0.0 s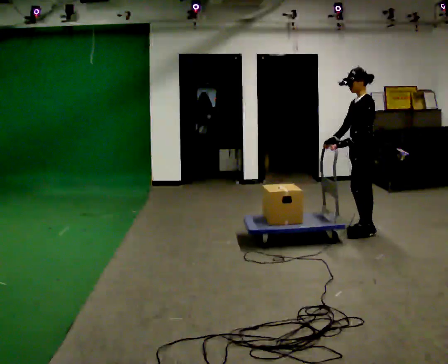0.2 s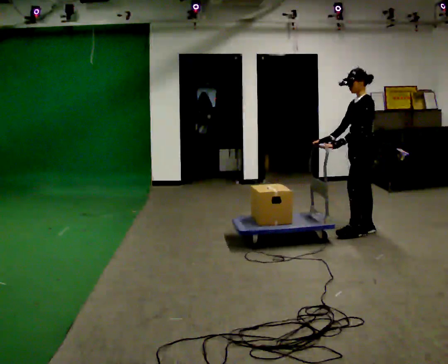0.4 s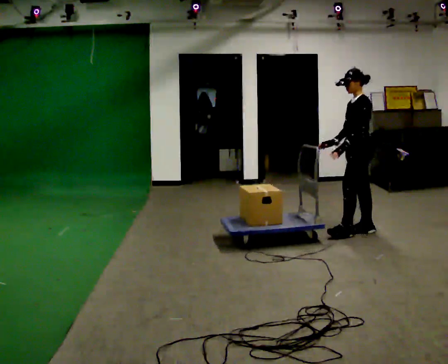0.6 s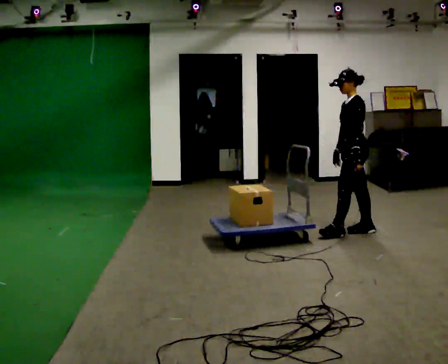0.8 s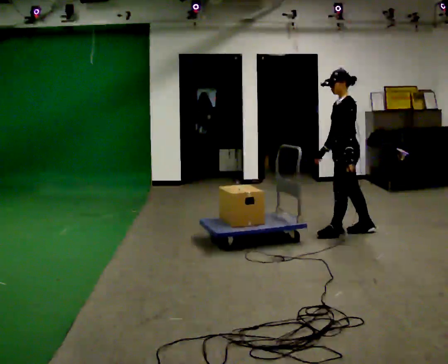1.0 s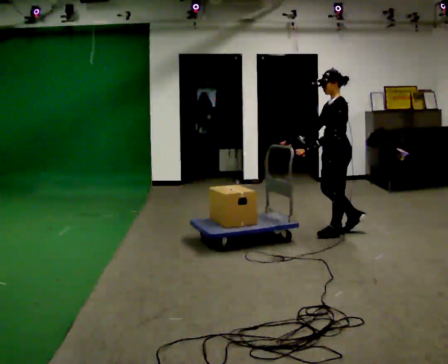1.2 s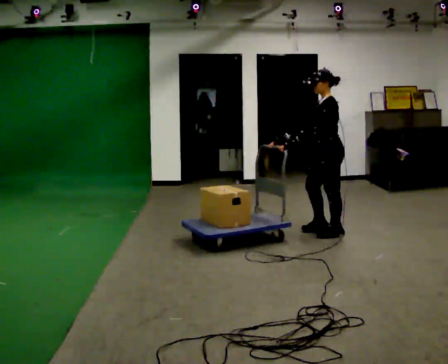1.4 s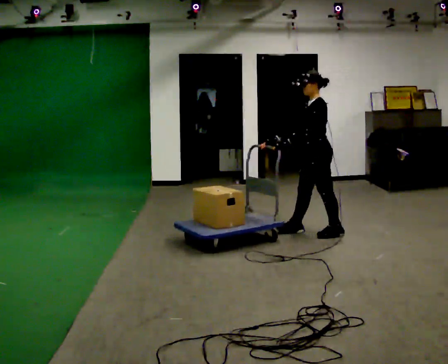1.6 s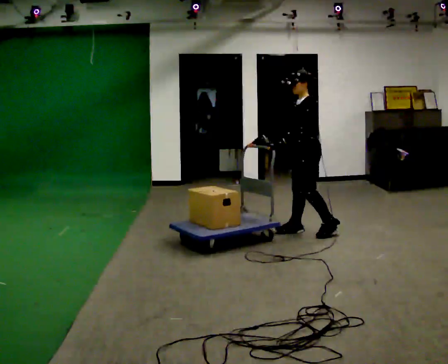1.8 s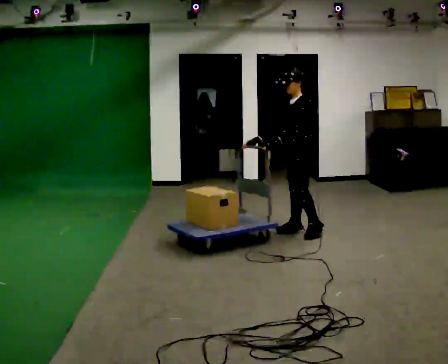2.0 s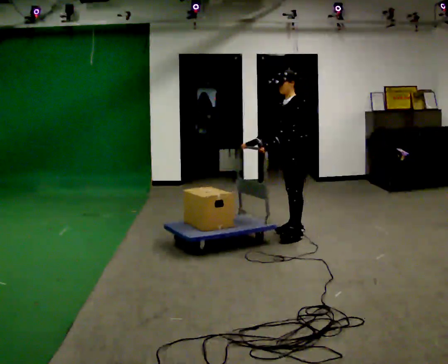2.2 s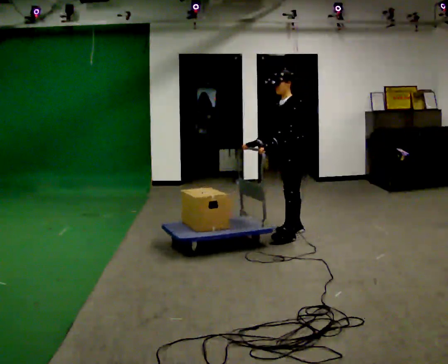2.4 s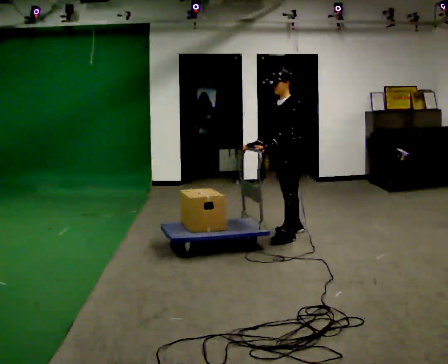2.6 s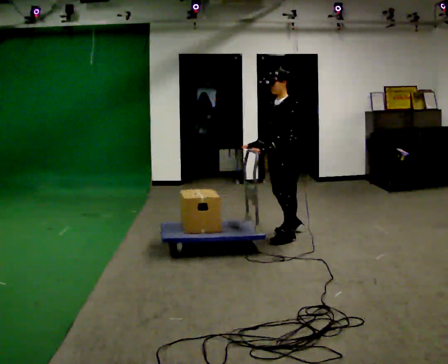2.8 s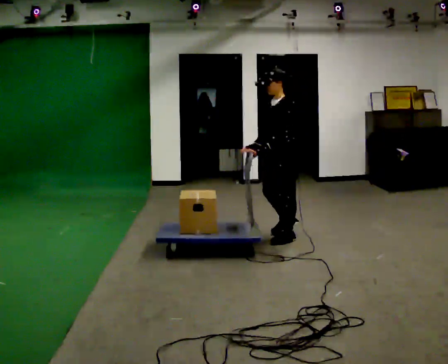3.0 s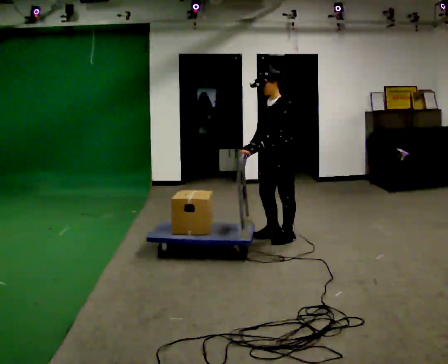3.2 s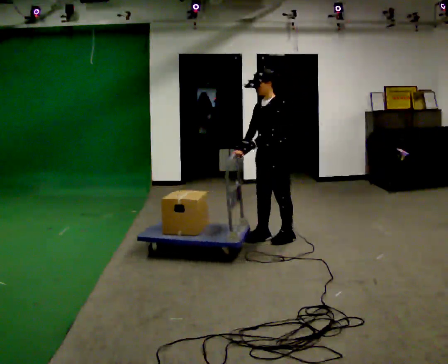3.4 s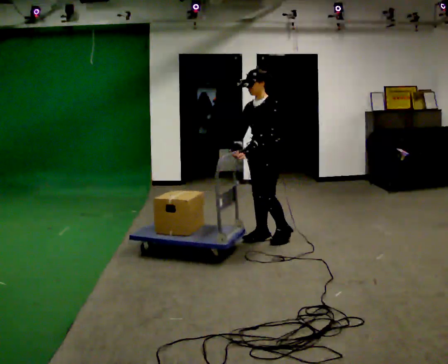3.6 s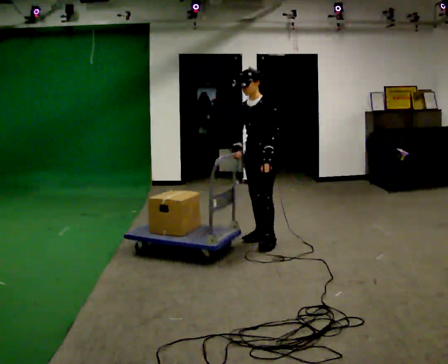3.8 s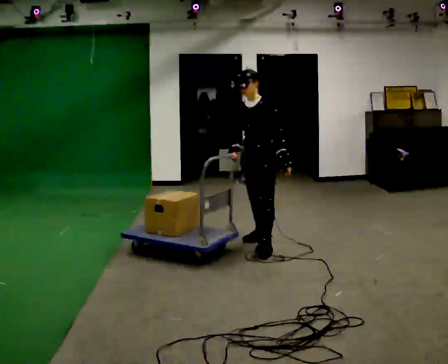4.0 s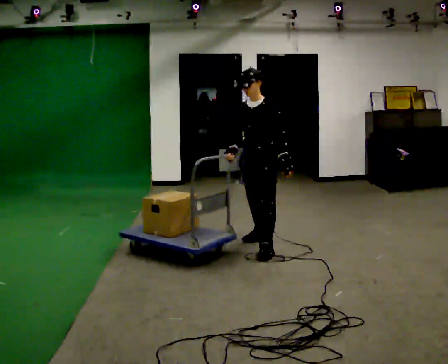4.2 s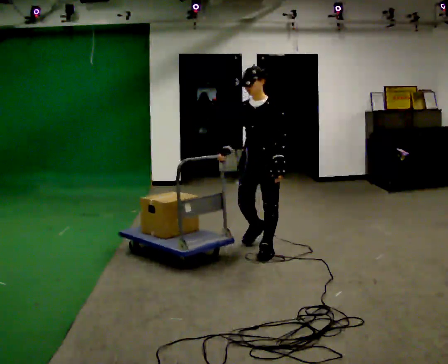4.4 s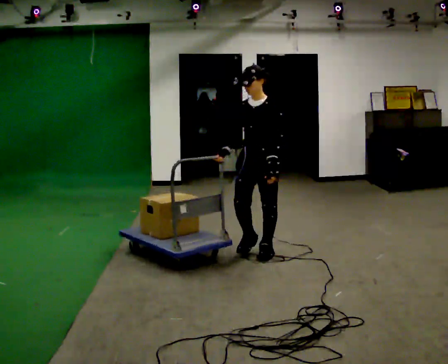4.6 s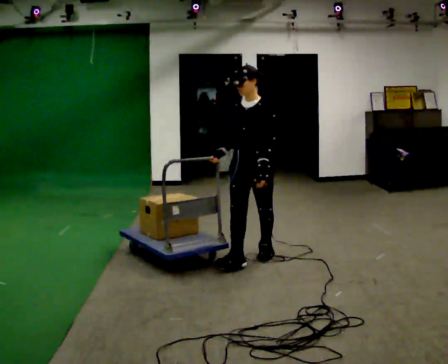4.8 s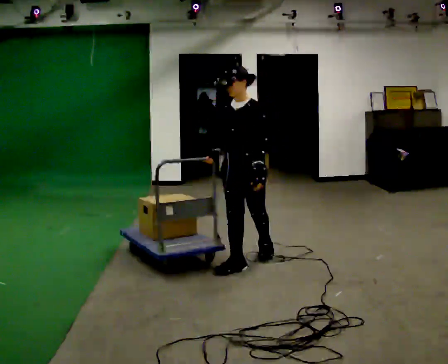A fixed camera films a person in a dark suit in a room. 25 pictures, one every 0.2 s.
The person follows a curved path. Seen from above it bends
counterclockwise.
0.0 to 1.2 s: In the picture they go to the left, about 0.25 m in 1 step, which for them is forward.
1.2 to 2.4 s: In the picture they go to the left, about 0.5 m in 2 steps, which for them is forward and to their right.
2.4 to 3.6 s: In the picture they go to the left and toward the camera, about 0.25 m in 1 step, which for them is forward.
3.6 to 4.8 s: In the picture they go toward the camera, about 0.75 m in 2 steps, which for them is forward.
The film runs forward here.
